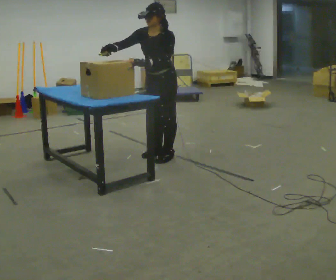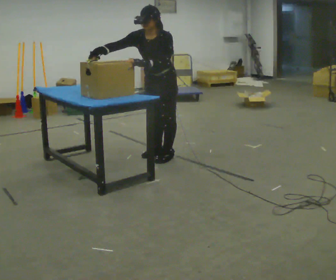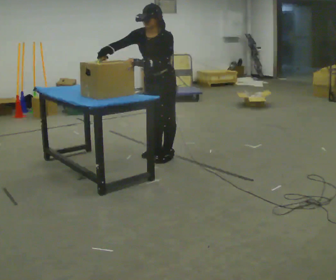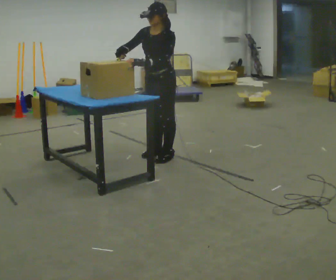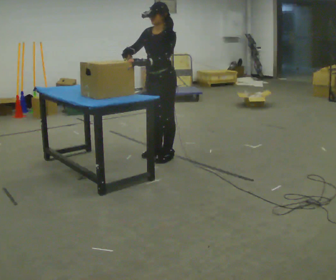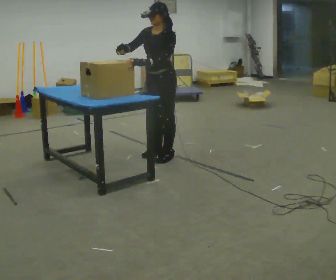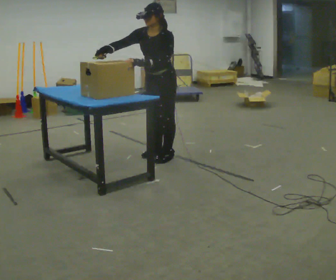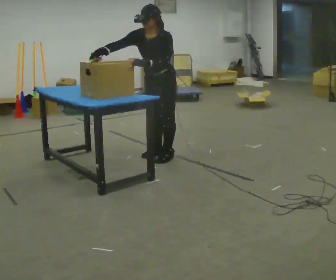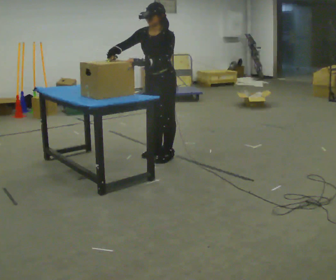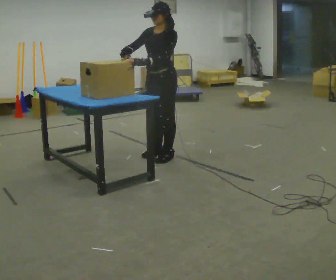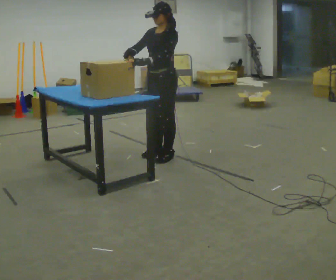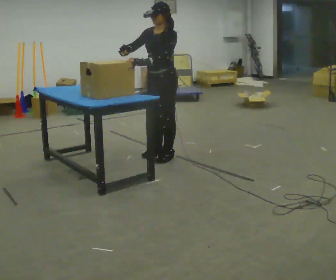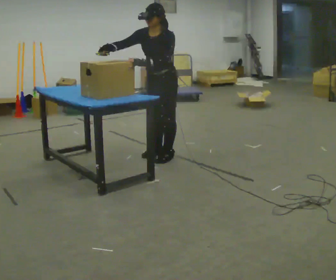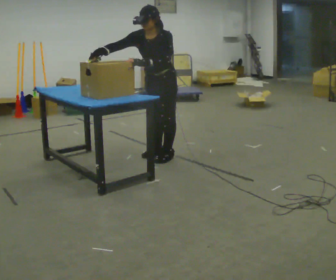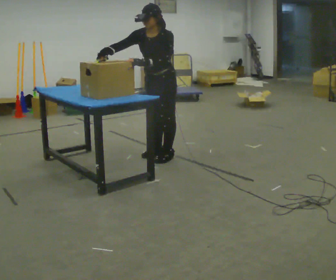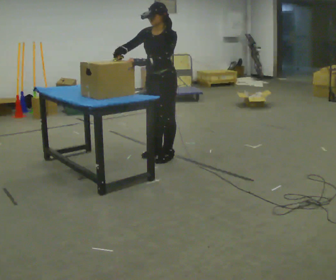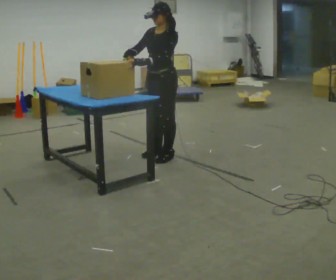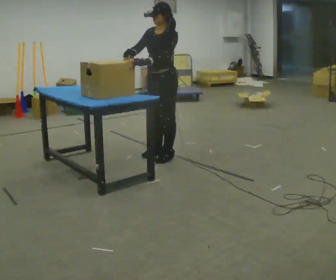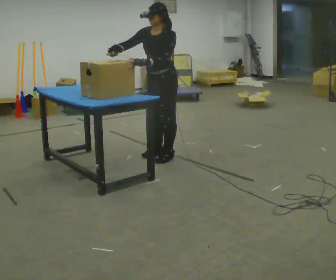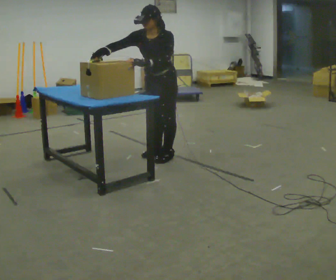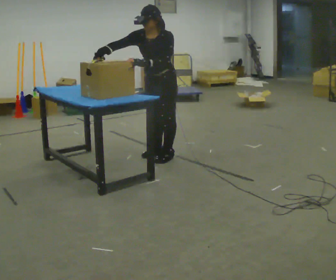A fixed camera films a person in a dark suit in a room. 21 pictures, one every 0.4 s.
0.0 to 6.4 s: The person moves a little, or ends about where they began.
6.4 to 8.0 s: The upper body tips toward the camera, its near side rolling downward, as they bend forward.
The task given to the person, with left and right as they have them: Use the blunt tool to cut along the marked line on the block. Repeat at your own pace until the operator says stop. Keep both feet on the marked spots for the whole take. If you have to step, stop and tell the operator.
The film runs forward here.
